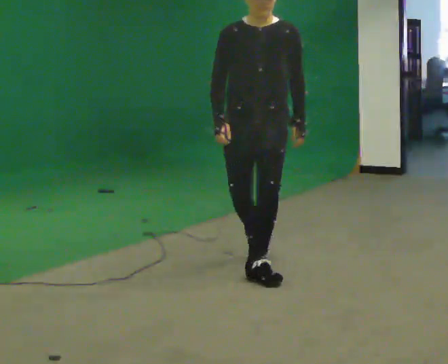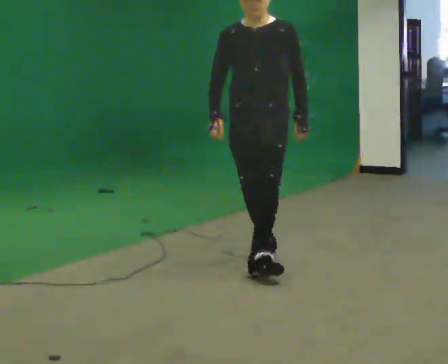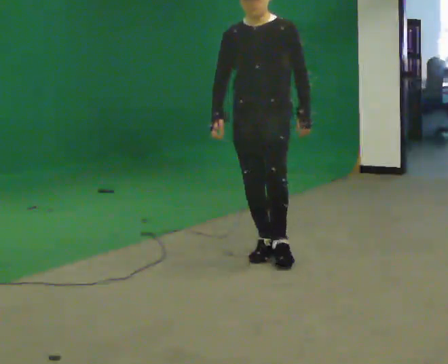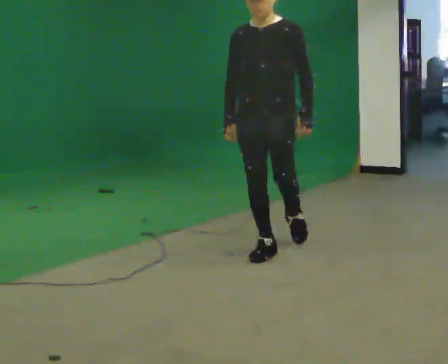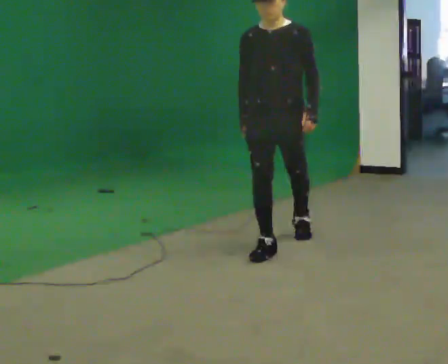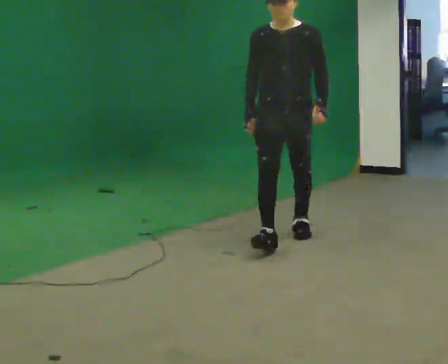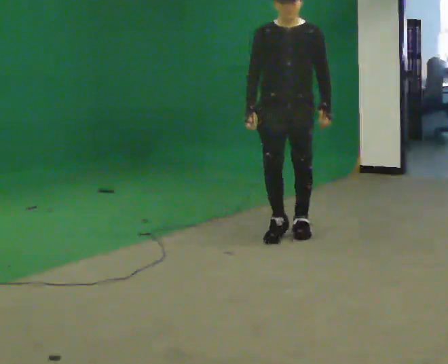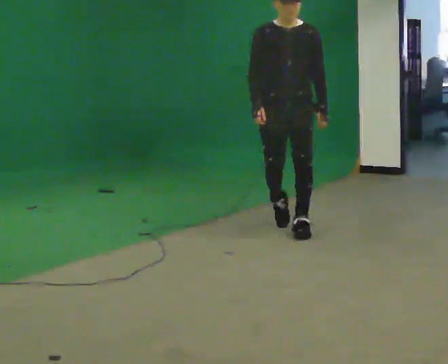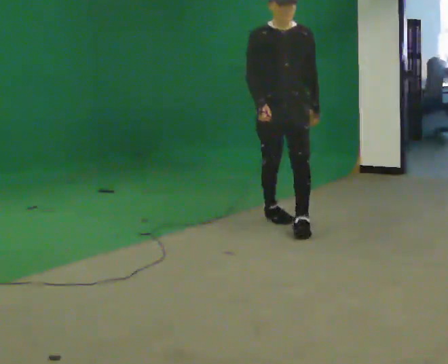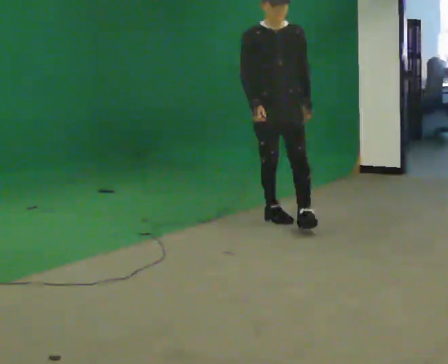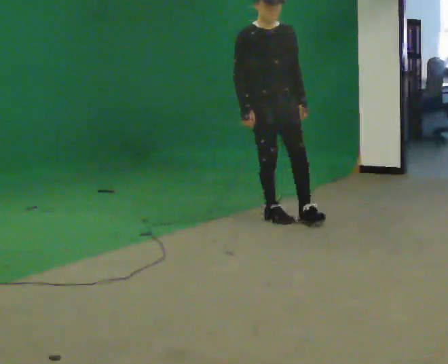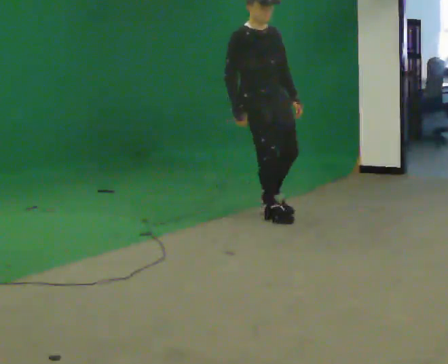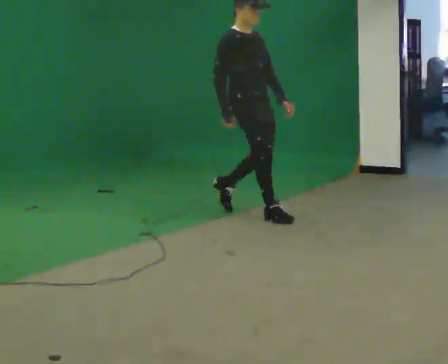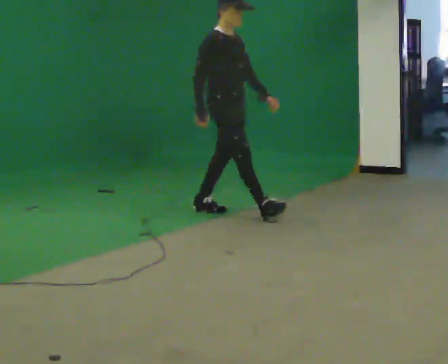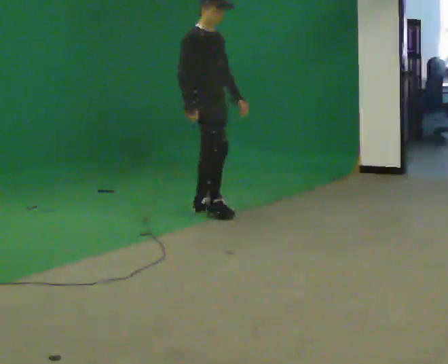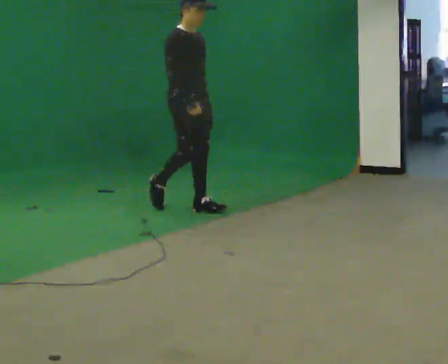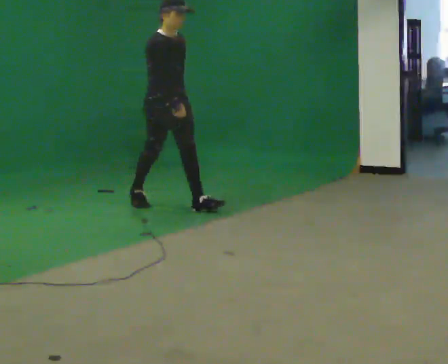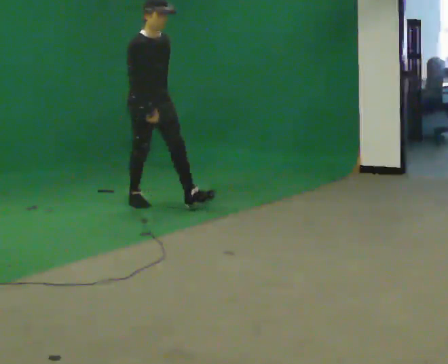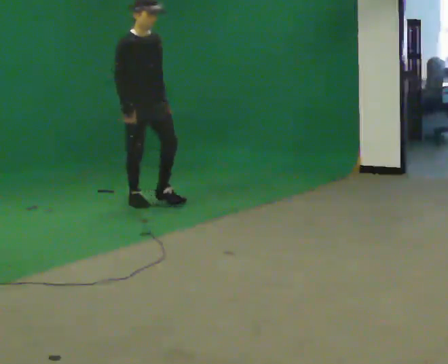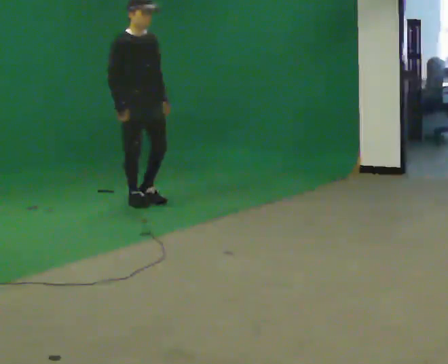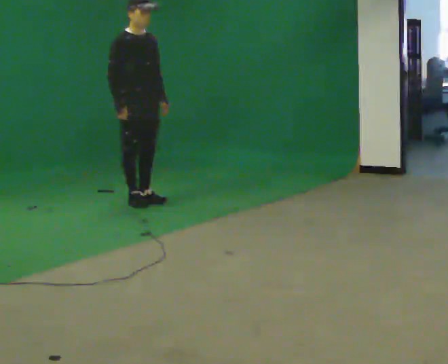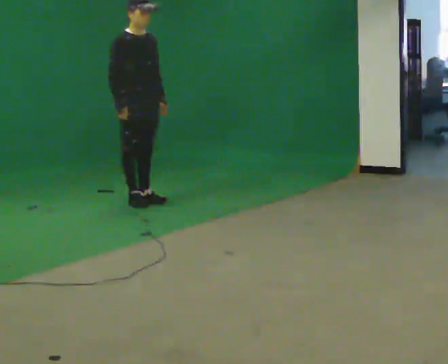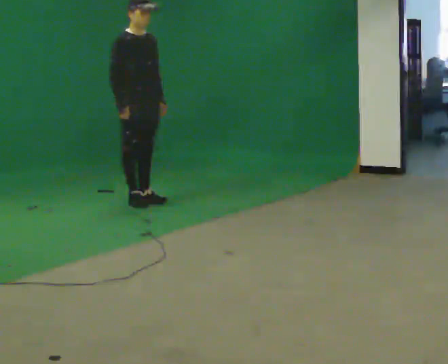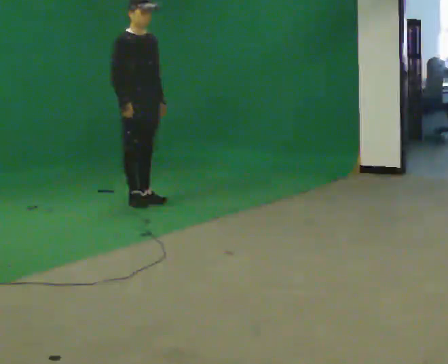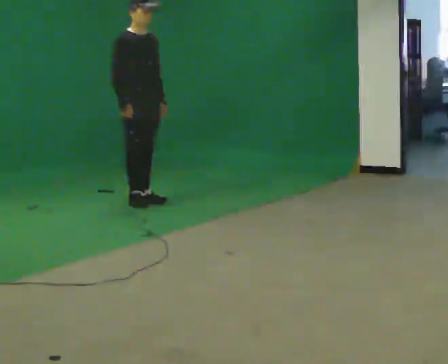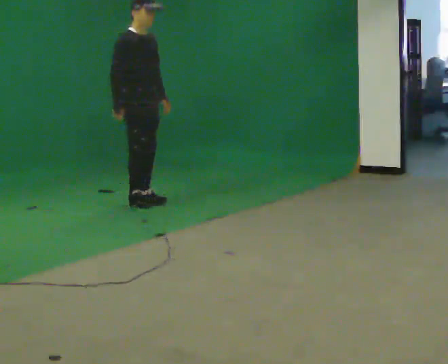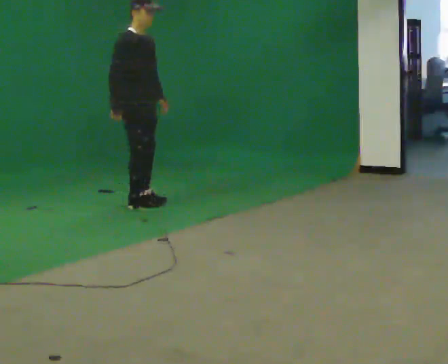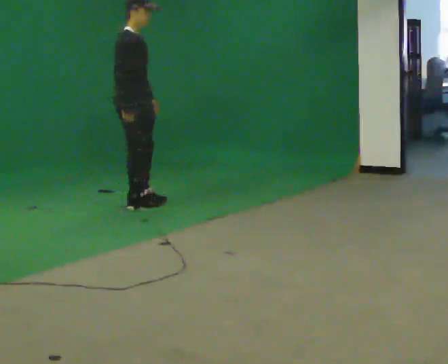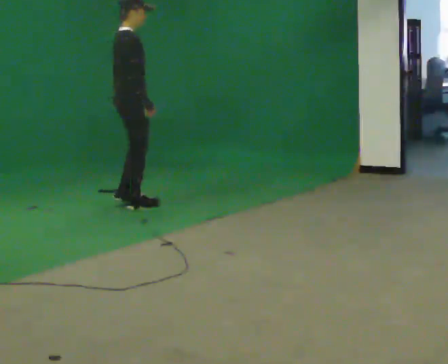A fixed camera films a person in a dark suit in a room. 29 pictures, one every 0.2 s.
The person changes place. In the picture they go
away from the camera.
The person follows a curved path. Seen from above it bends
counterclockwise.
0.0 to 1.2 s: In the picture they go away from the camera, about 1 m in 2 steps, which for them is backward.
1.2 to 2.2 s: The part of the body nearest the lens slides to the right as the person turns to their left by about 45 degrees. In the picture they go away from the camera, about 0.5 m in 1 step, which for them is backward.
2.2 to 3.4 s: In the picture they go to the left and away from the camera, about 1 m in 2 steps, which for them is backward.
3.4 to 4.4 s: In the picture they go away from the camera, about 0.25 m, which for them is backward.
4.4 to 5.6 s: The part of the body nearest the lens slides to the right as the person turns to their left by about 60 degrees.
The film runs backward here.
